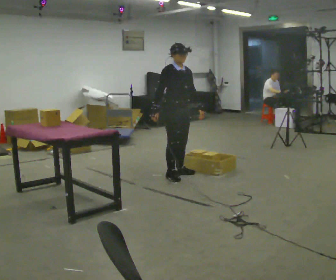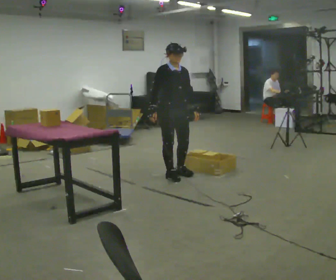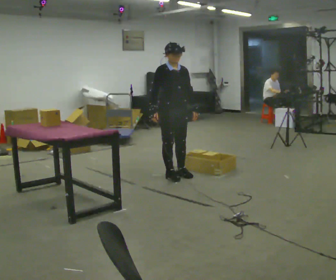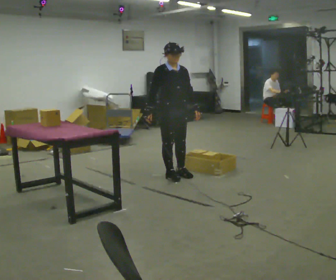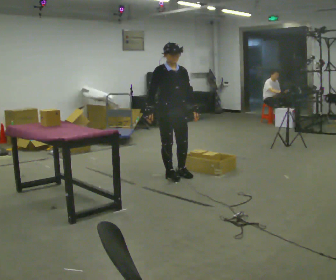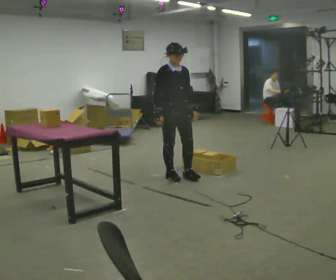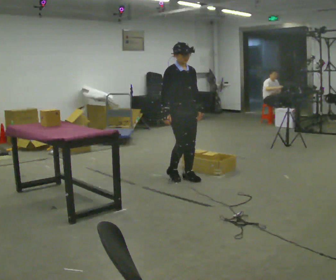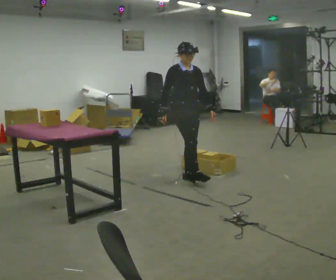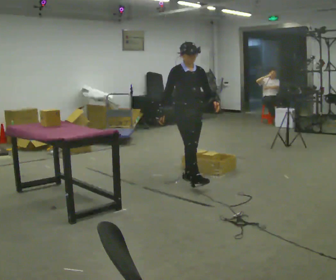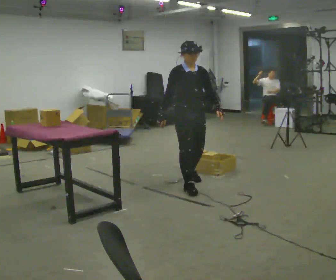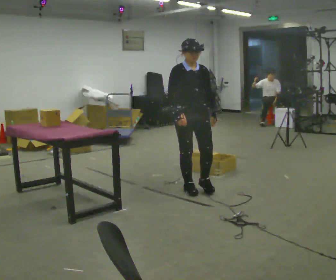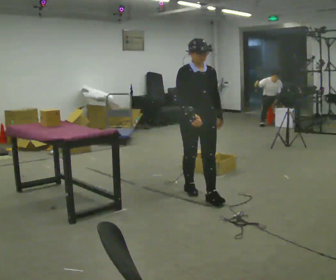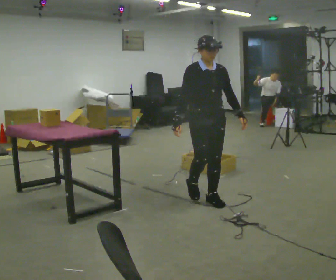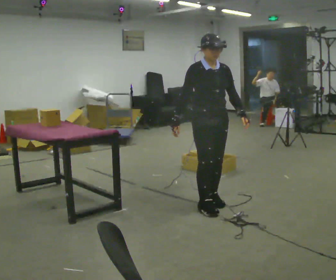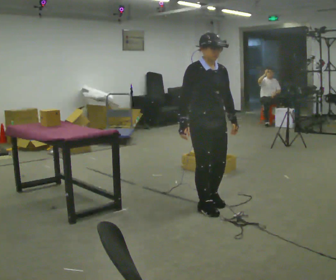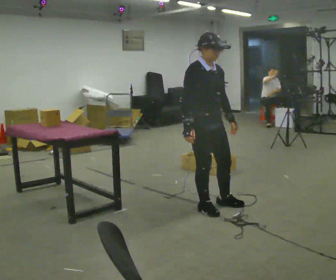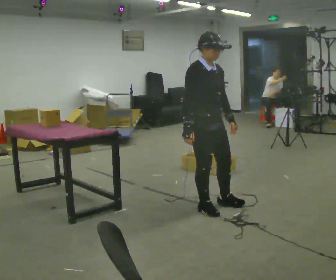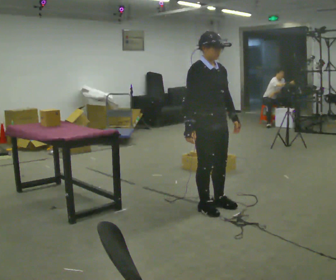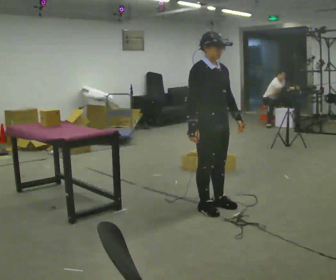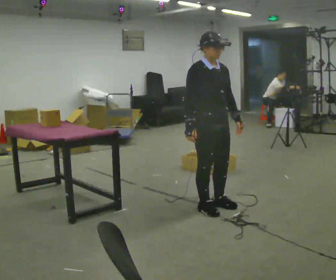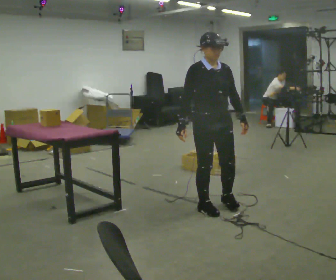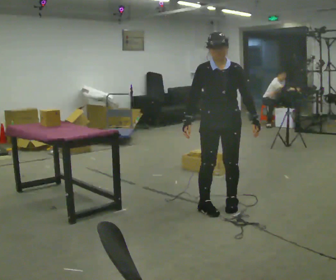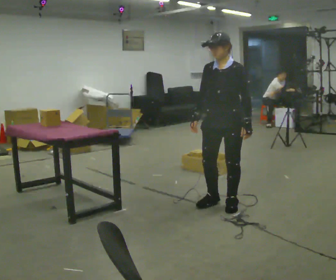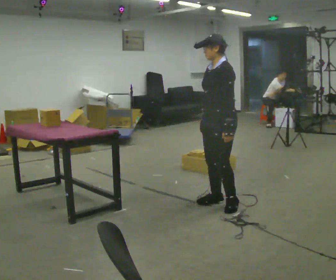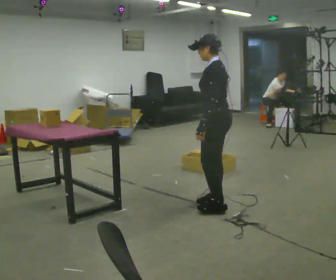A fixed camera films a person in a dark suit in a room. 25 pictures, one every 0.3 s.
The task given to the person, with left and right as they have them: Carry the object across the room and place it on the lowest shelf, crouching down to do it. Keep going until the operator says stop; one object at a time, and do not rush between trips.
0.0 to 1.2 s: The person moves a little, or ends about where they began.
1.2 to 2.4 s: In the picture they go to the right and toward the camera, about 0.25 m in 1 step, which for them is forward.
2.4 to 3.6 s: In the picture they go toward the camera, about 0.5 m in 2 steps, which for them is forward.
3.6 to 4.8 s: The part of the body nearest the lens slides to the right as the person turns to their left by about 30 degrees. In the picture they go toward the camera, about 0.25 m in 2 steps, which for them is forward and to their right.
4.8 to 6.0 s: Seen from above the body turns clockwise, about 30 degrees: to their right, with its near side sliding to the left.
6.0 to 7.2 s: Seen from above the body turns clockwise, about 120 degrees: to their right, with its near side sliding to the left. In the picture their right hand goes to the right.
The film runs forward here.
